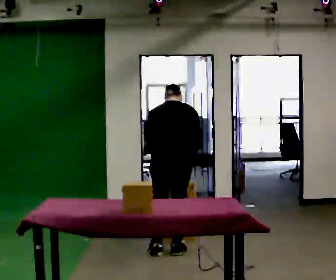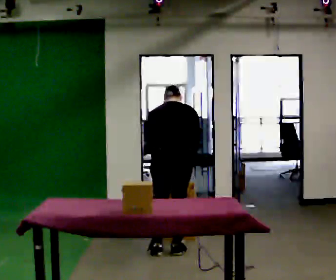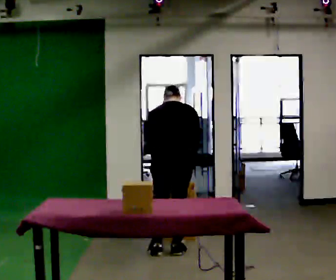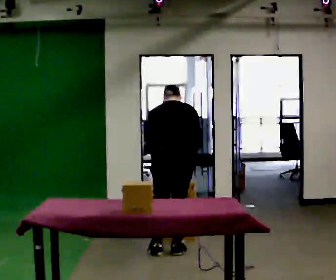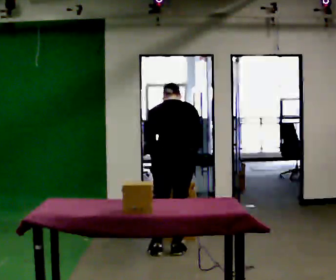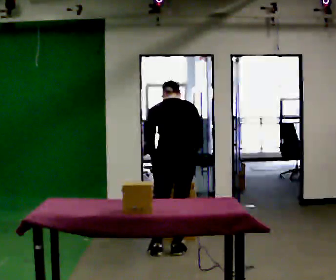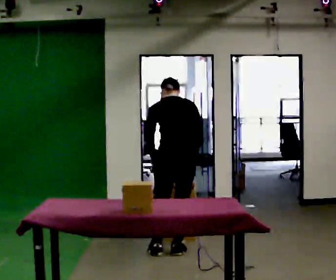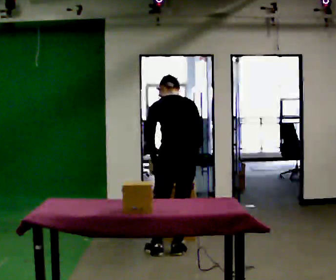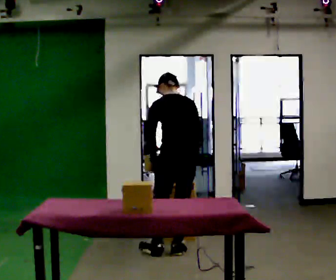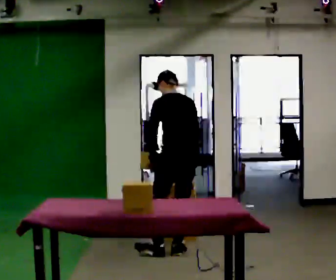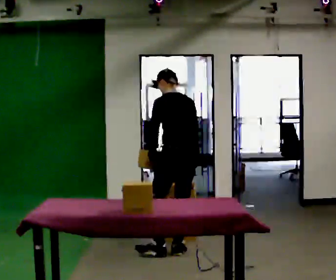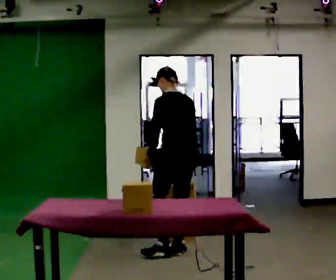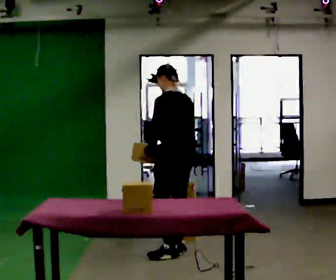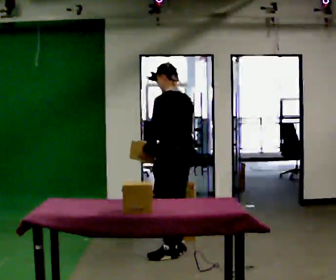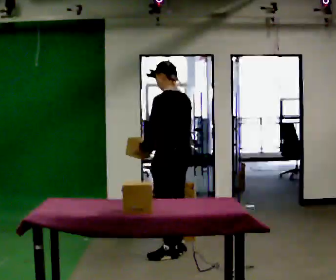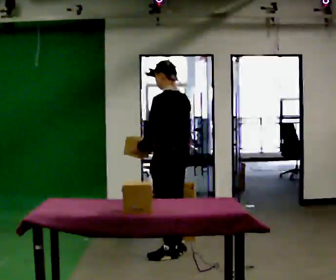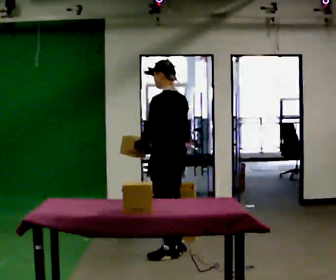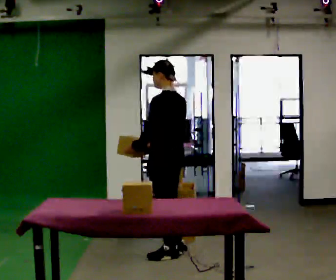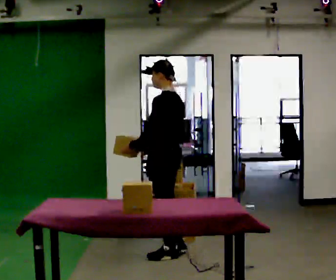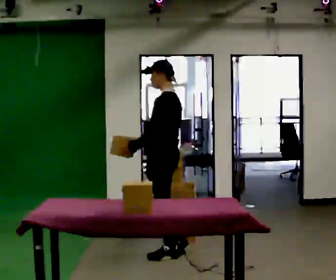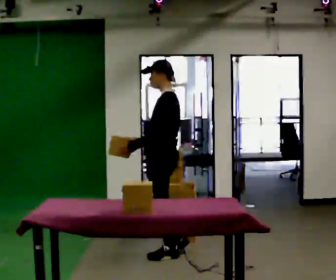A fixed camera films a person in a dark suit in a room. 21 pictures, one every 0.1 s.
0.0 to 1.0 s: The person turns about 30 degrees to their left, counterclockwise seen from above, so the part of the body nearest the lens slides to the right. The upper body tips toward the camera, its near side rolling downward, as they lean back or straighten.
1.0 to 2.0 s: Seen from above the body turns counterclockwise, about 45 degrees: to their left, with its near side sliding to the right.
The film runs forward here.
